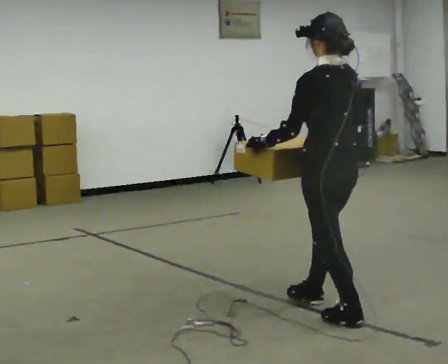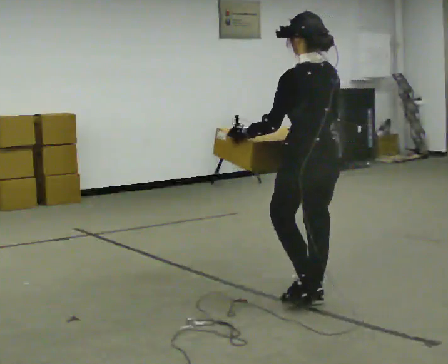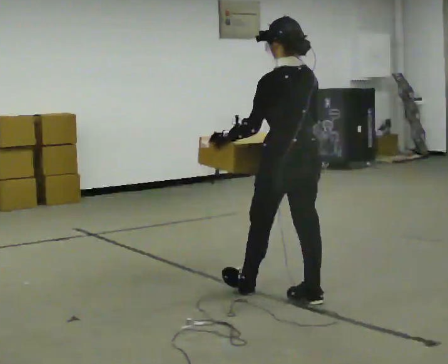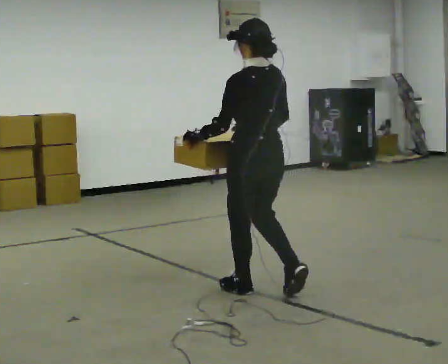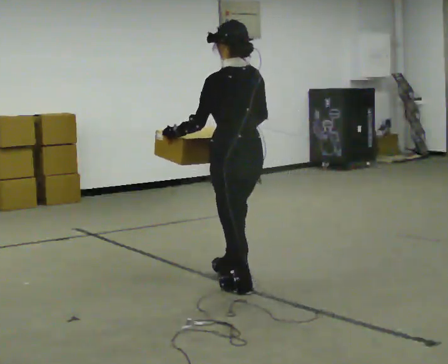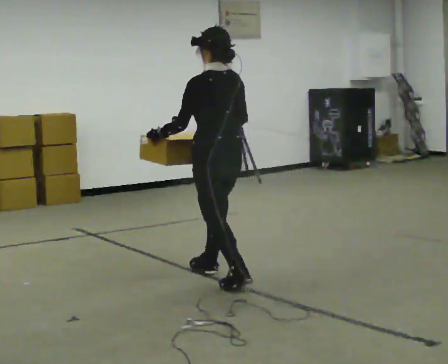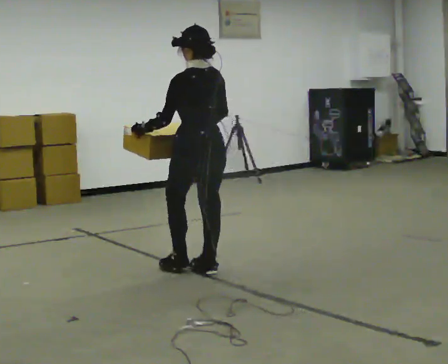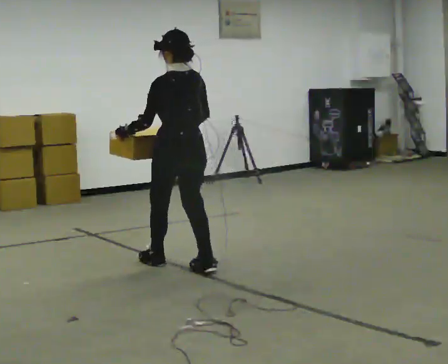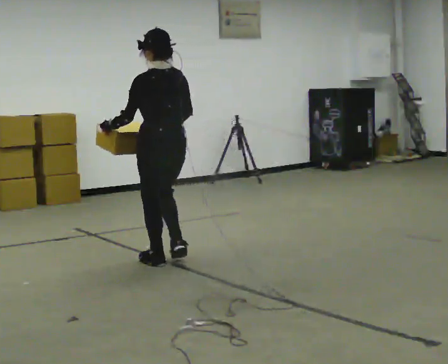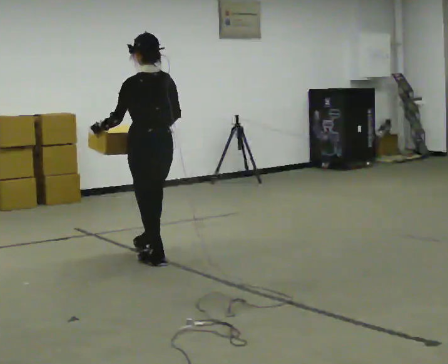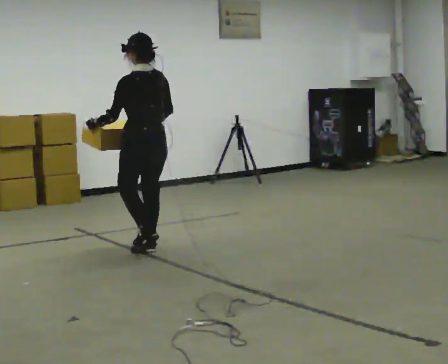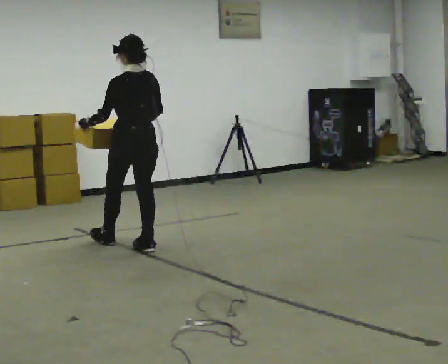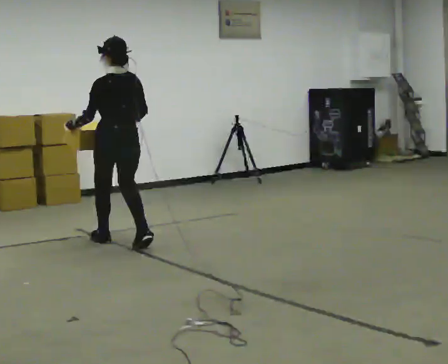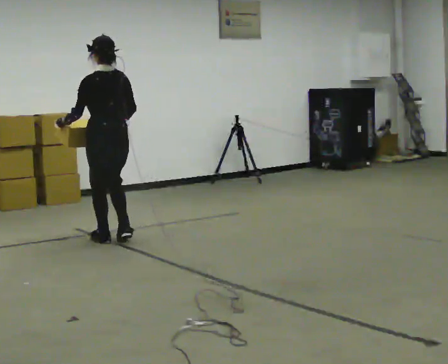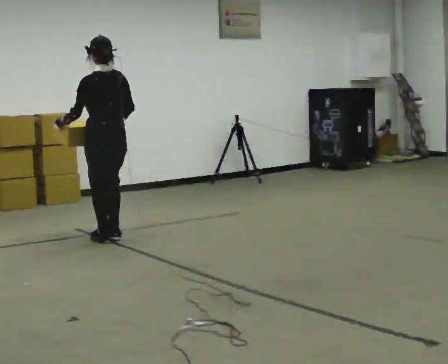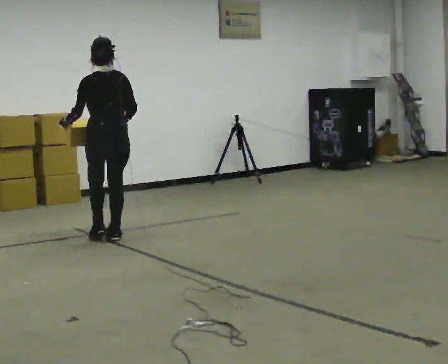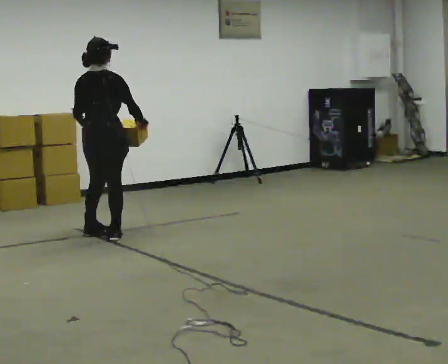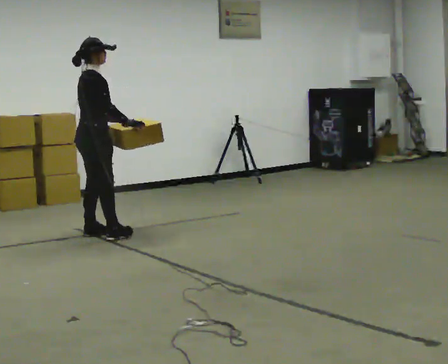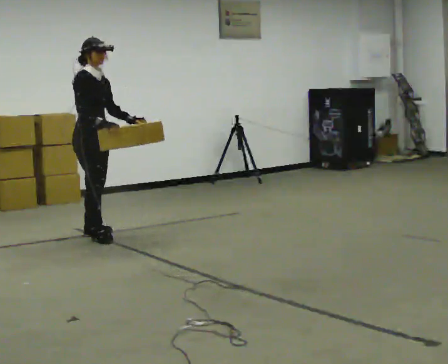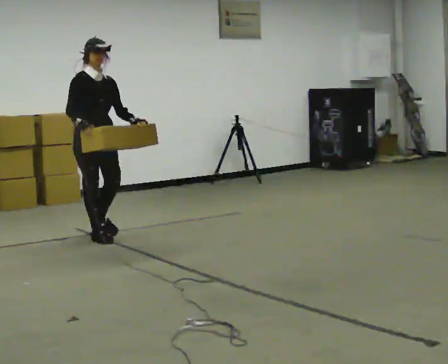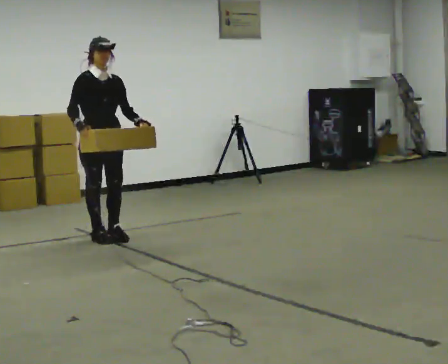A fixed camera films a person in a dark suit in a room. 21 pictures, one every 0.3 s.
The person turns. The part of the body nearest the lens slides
to the left.
The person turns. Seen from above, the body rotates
clockwise.
0.0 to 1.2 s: In the picture they go away from the camera and to the left, about 0.5 m in 1 step, which for them is forward.
1.2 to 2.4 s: In the picture they go away from the camera and to the left, about 1 m in 2 steps, which for them is forward.
2.4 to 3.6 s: In the picture they go away from the camera and to the left, about 0.5 m in 2 steps, which for them is forward.
3.6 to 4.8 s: Seen from above the body turns clockwise, about 60 degrees: to their right, with its near side sliding to the left. In the picture they go away from the camera and to the left, about 0.25 m in 2 steps, which for them is forward.
4.8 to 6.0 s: Seen from above the body turns clockwise, about 120 degrees: to their right, with its near side sliding to the left. In the picture their right hand goes to the left.
The film runs forward here.
